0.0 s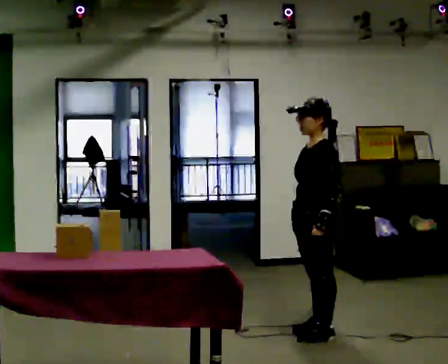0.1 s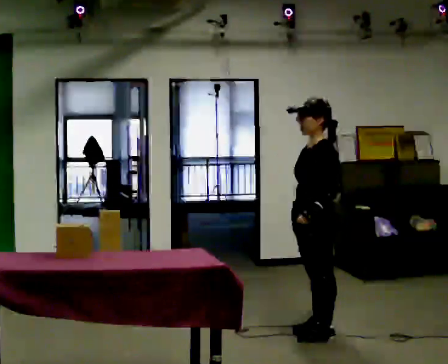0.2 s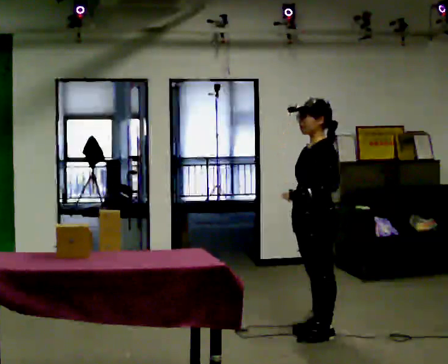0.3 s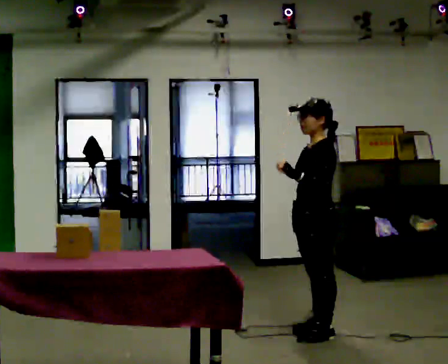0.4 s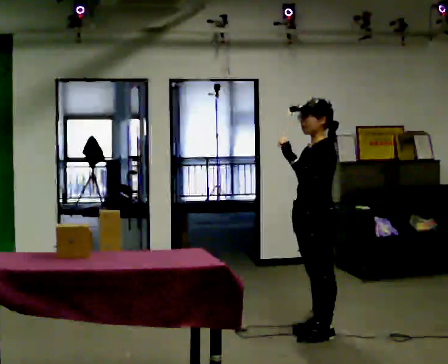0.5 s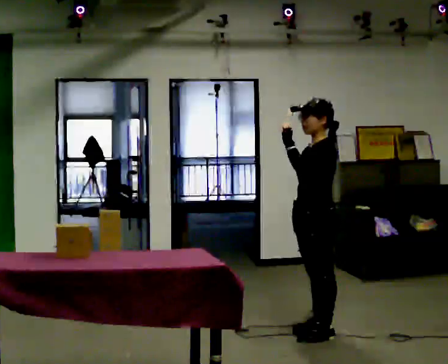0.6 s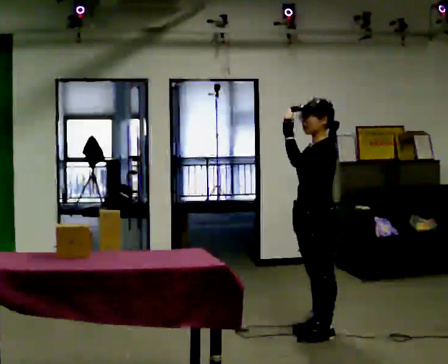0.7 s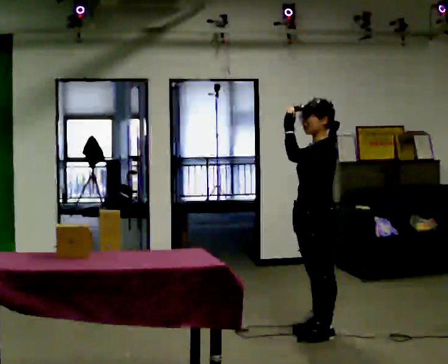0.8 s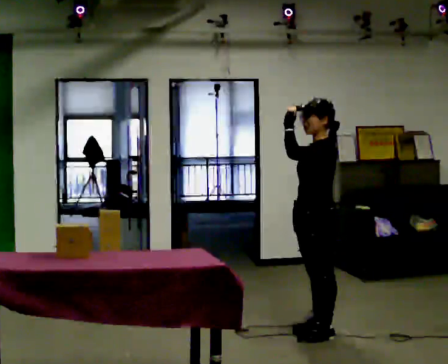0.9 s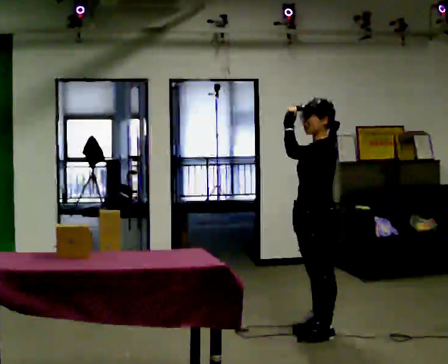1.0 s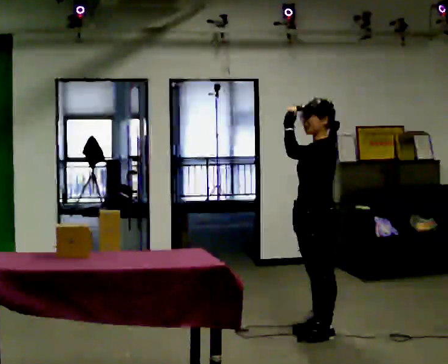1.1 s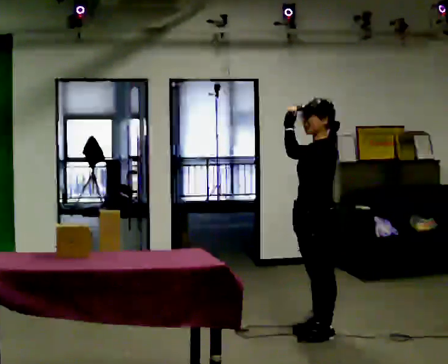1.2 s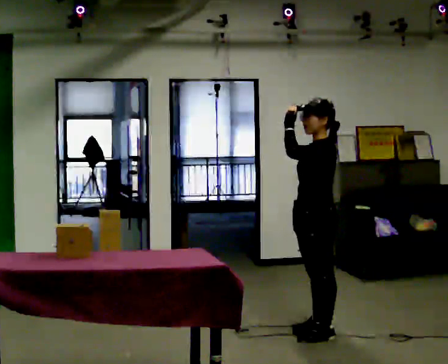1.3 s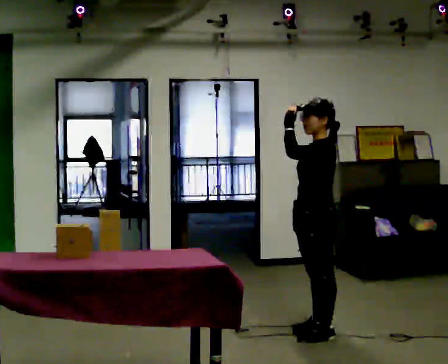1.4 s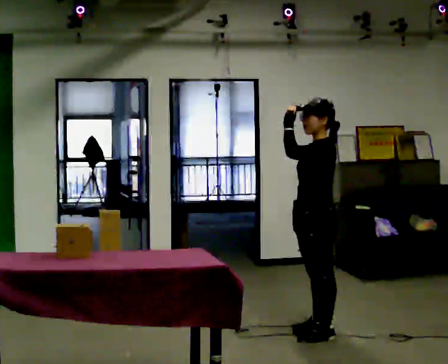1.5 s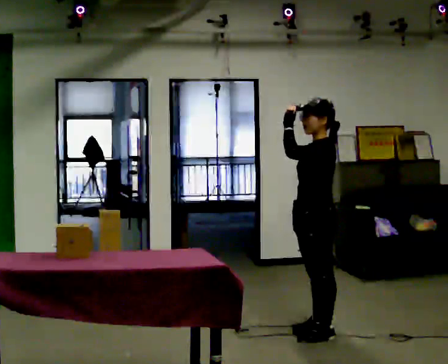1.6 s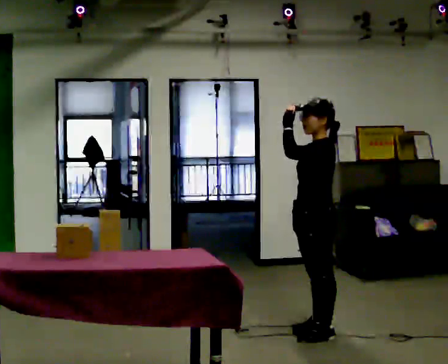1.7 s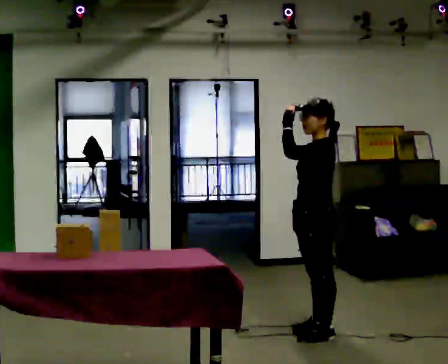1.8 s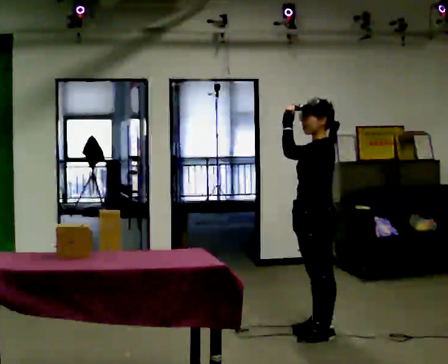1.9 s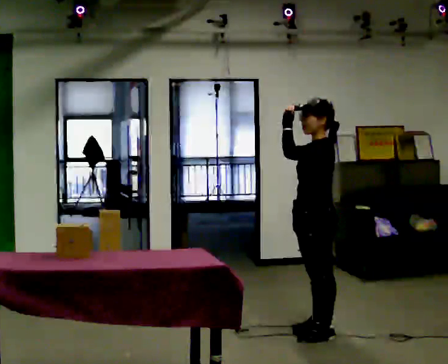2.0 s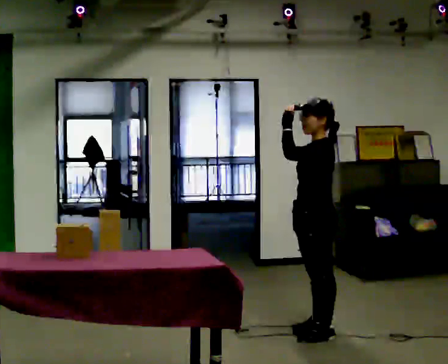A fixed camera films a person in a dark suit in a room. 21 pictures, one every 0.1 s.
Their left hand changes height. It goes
upward.
0.0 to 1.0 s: In the picture their left hand goes upward.
1.0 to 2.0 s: The person moves a little, or ends about where they began.
The film runs backward here.
